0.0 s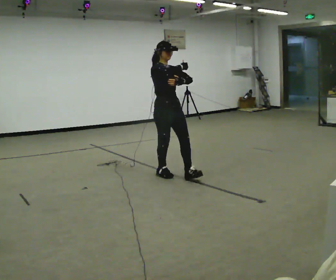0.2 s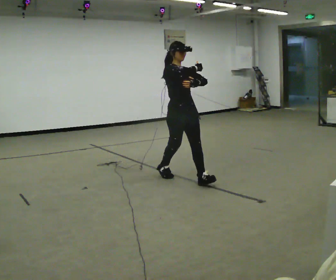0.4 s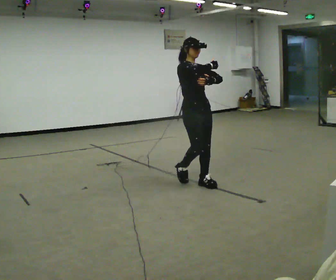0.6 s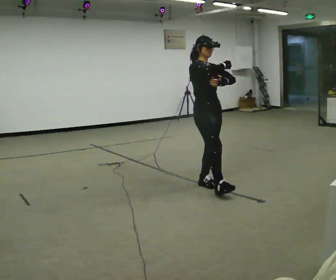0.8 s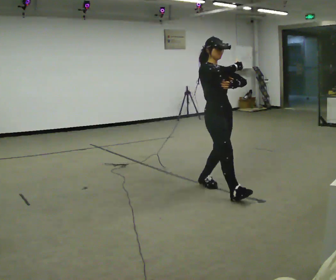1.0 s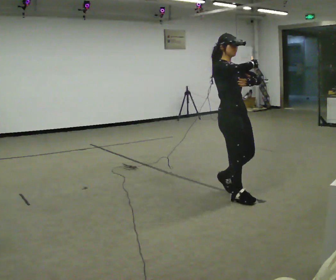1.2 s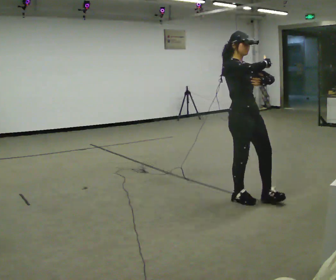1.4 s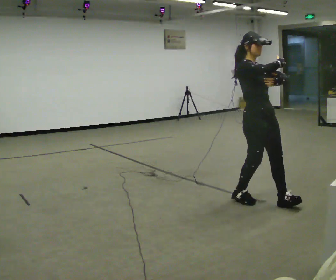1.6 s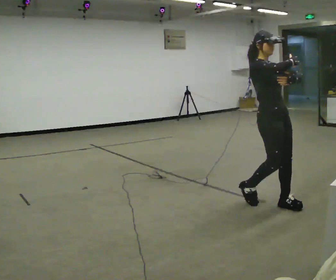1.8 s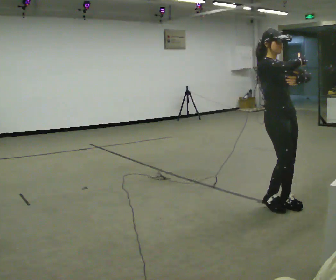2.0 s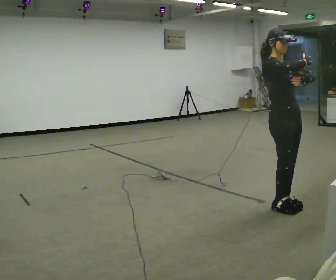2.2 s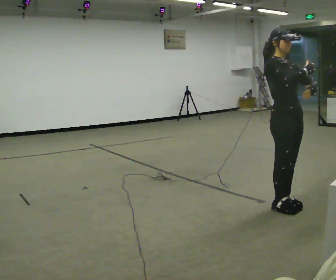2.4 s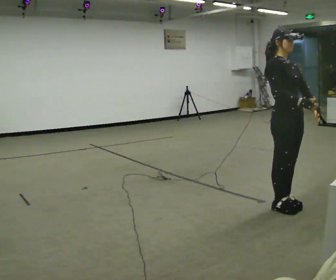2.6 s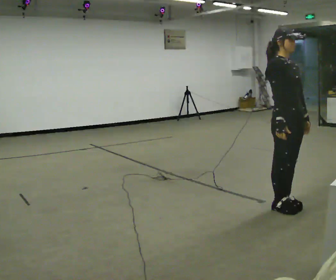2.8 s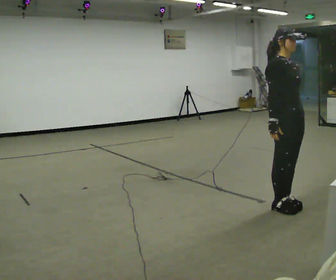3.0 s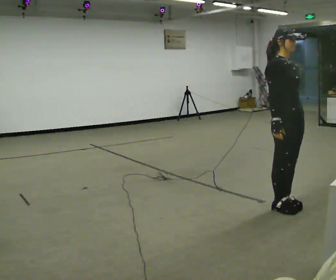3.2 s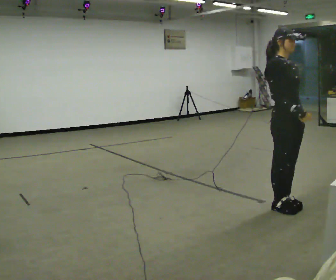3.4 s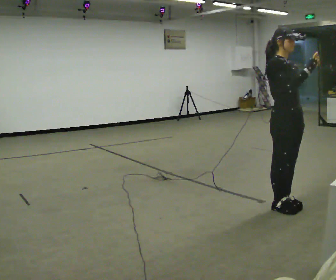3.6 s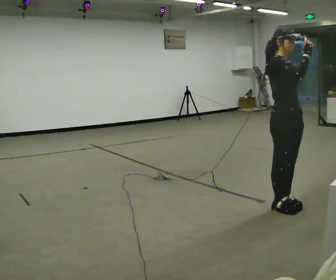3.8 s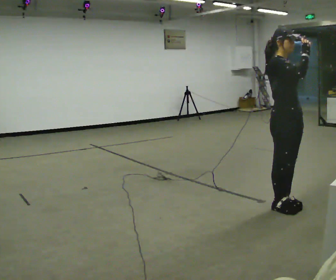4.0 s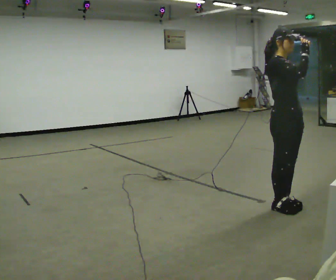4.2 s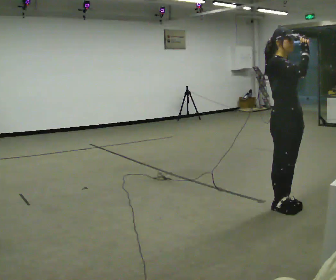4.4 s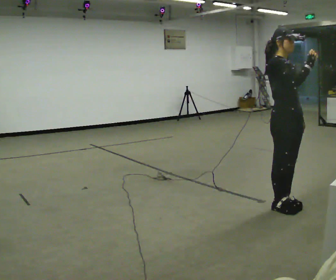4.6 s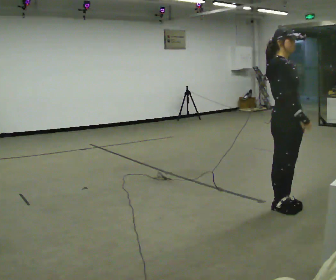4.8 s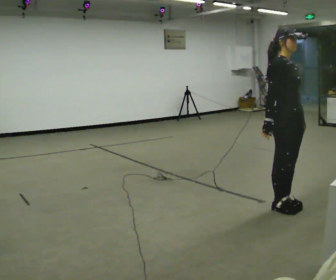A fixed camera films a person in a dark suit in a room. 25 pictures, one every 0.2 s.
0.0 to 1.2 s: In the picture they go to the right and toward the camera, about 1 m in 2 steps, which for them is forward.
1.2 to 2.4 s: In the picture they go to the right and toward the camera, about 0.5 m in 2 steps, which for them is forward. In the picture their right hand goes downward.
2.4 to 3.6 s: In the picture their right hand goes upward.
3.6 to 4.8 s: In the picture their right hand goes downward and to the left.
The film runs forward here.
